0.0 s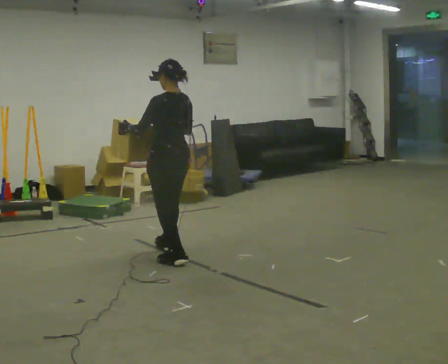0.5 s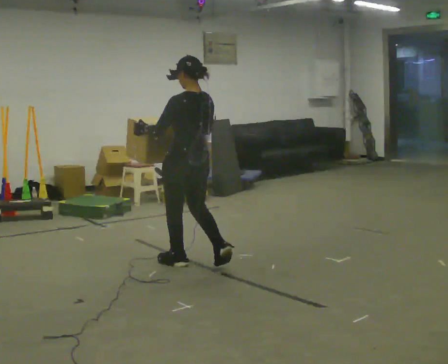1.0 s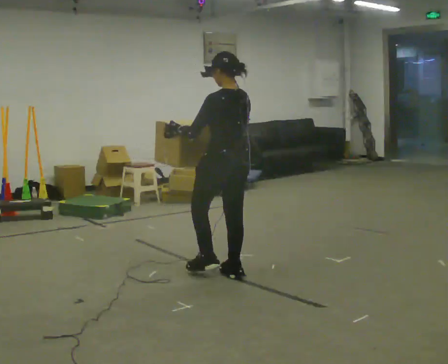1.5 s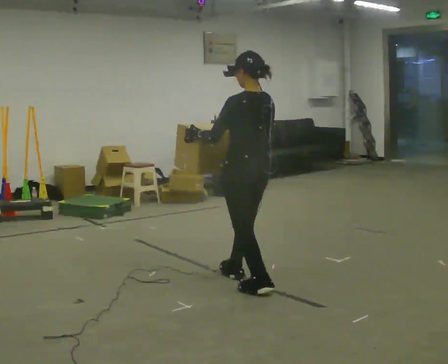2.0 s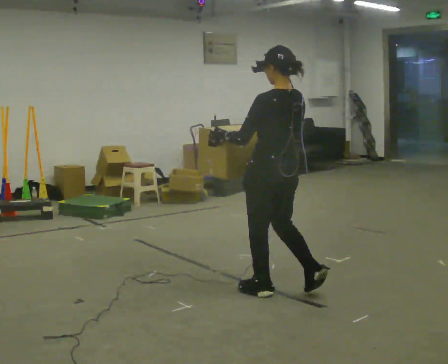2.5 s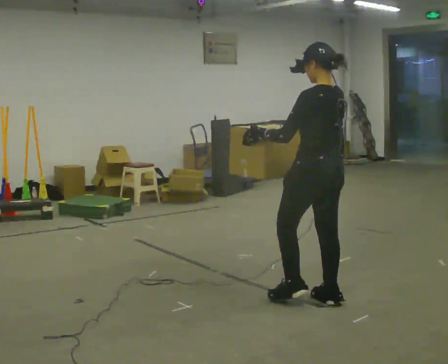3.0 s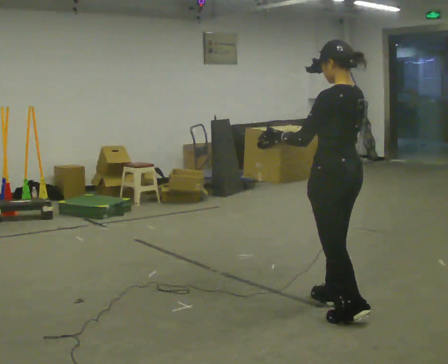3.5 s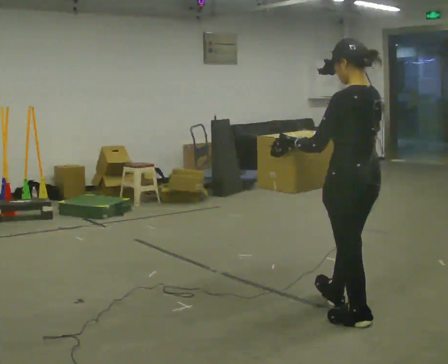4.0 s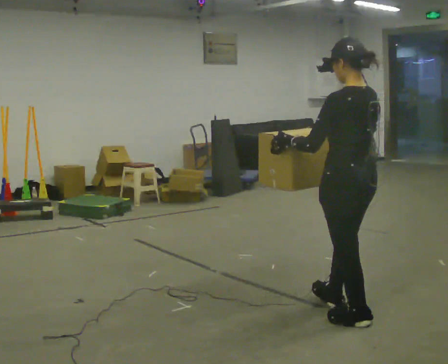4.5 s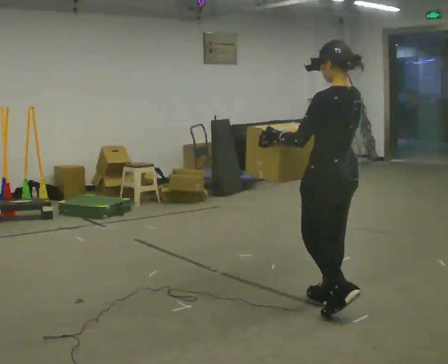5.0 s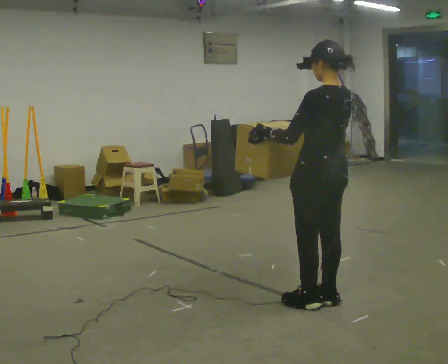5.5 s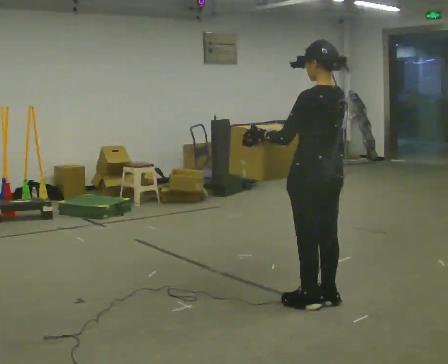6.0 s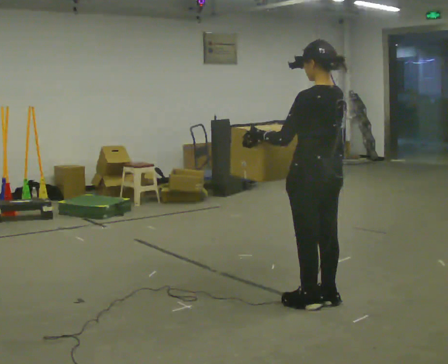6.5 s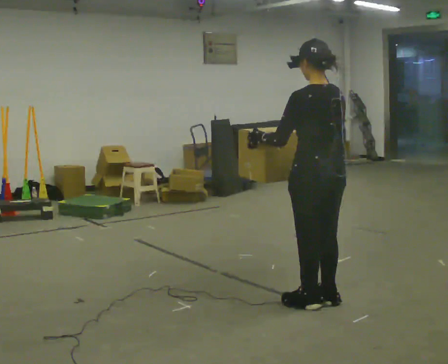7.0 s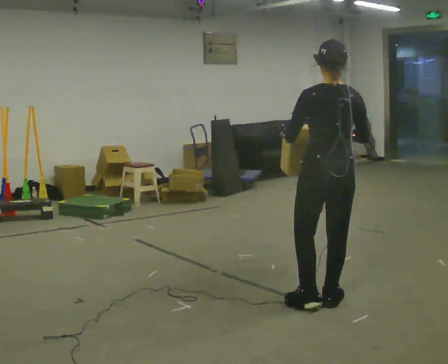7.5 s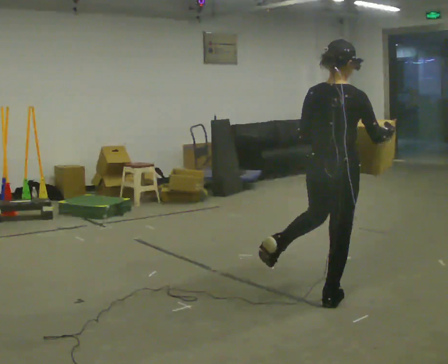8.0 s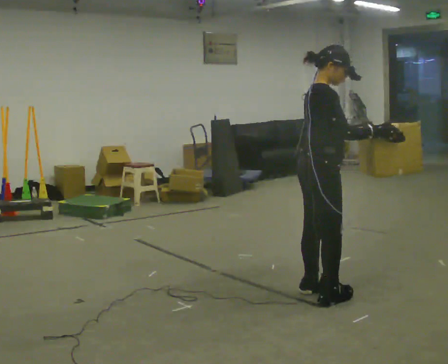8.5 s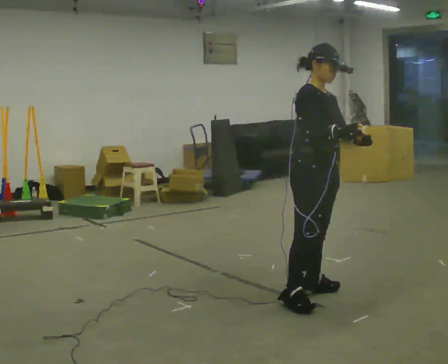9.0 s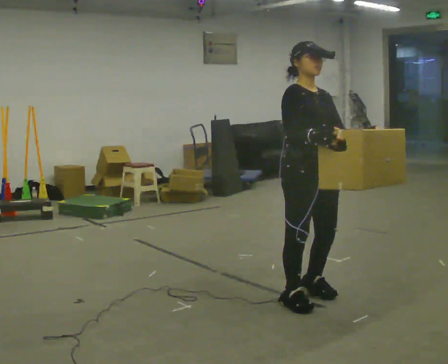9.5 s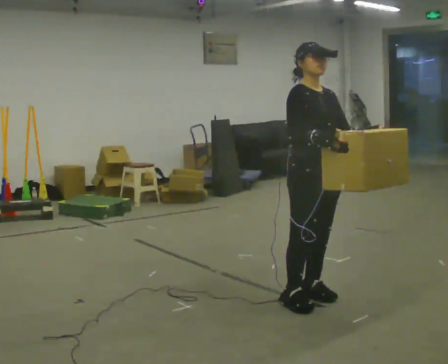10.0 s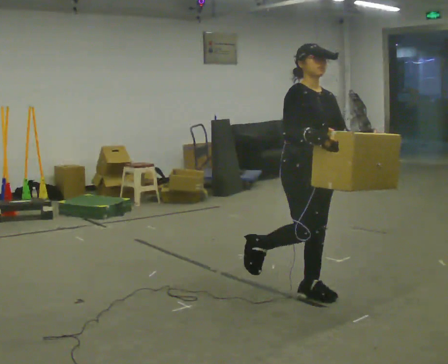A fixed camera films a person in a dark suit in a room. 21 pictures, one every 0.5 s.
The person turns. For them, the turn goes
to their right.
The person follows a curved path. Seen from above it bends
counterclockwise.
0.0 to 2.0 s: In the picture they go to the right and toward the camera, about 1 m in 2 steps, which for them is backward.
2.0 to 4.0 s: In the picture they go to the right and toward the camera, about 0.75 m in 2 steps, which for them is backward.
4.0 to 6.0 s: In the picture they go away from the camera and to the left, about 0.25 m in 1 step, which for them is forward.
6.0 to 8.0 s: Seen from above the body turns clockwise, about 120 degrees: to their right, with its near side sliding to the left. In the picture their right hand goes to the right.
8.0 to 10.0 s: The person turns about 60 degrees to their right, clockwise seen from above, so the part of the body nearest the lens slides to the left. In the picture their right hand goes to the left.
The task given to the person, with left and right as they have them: Carry the box while walking backward. The operator confirms the space behind you is clear before each take.
The film runs forward here.
